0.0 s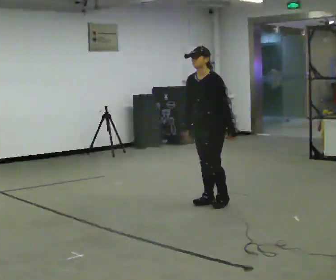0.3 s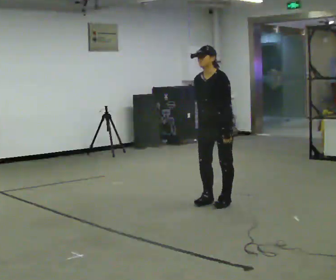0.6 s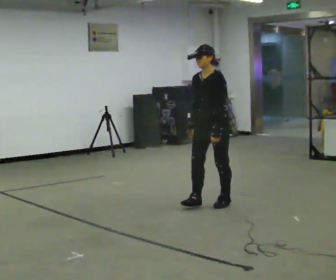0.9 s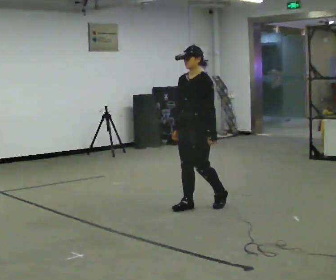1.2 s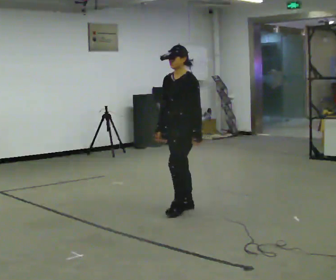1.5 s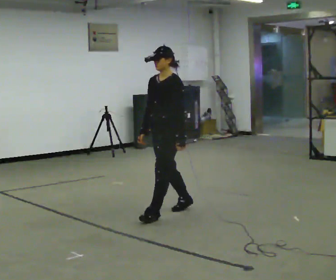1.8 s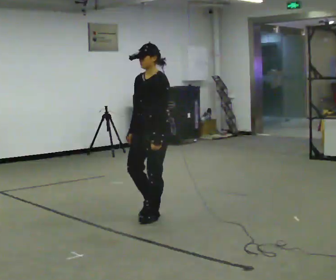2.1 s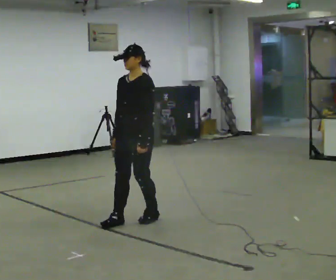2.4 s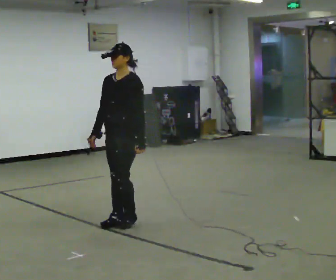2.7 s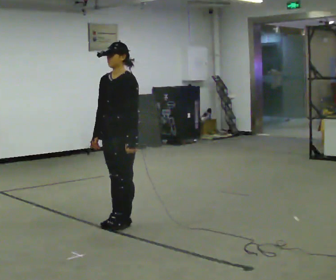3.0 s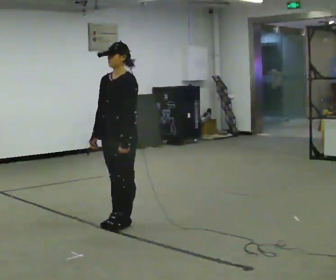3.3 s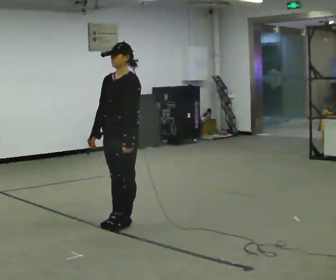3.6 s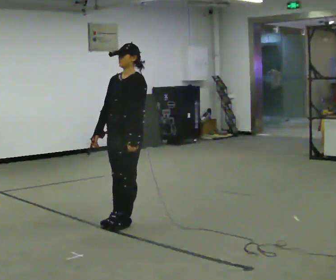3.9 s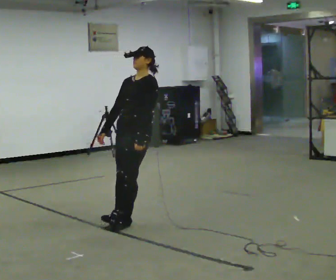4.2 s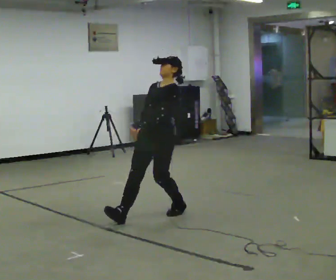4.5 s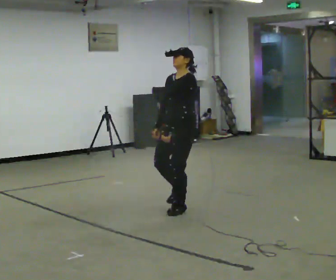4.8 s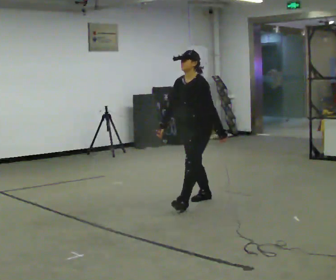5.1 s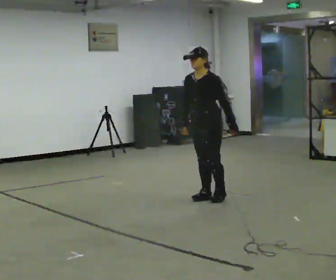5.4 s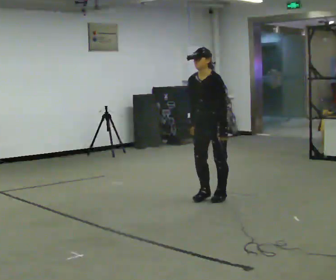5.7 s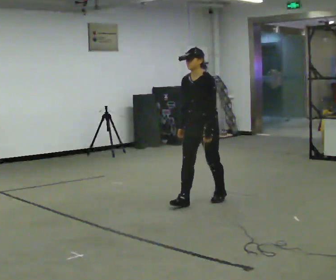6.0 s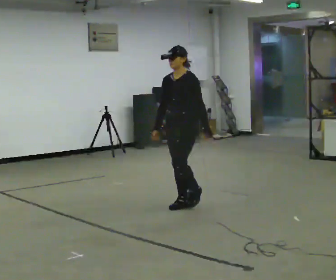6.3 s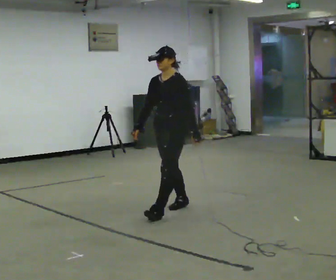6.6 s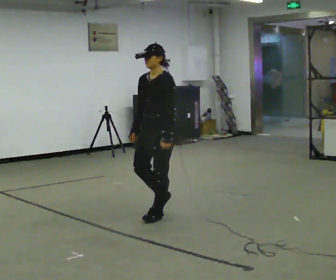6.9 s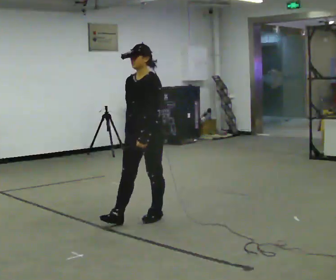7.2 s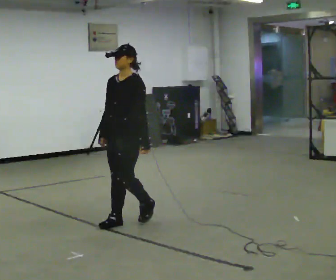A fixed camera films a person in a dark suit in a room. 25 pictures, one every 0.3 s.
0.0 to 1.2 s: In the picture they go to the left and toward the camera, about 0.25 m in 2 steps, which for them is forward.
1.2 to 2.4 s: In the picture they go to the left and toward the camera, about 0.75 m in 2 steps, which for them is forward.
2.4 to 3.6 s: The person moves a little, or ends about where they began.
3.6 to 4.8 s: In the picture they go away from the camera and to the right, about 1 m in 2 steps, which for them is backward.
4.8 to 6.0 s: In the picture they go toward the camera and to the left, about 0.25 m in 2 steps, which for them is forward.
6.0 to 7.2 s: In the picture they go toward the camera and to the left, about 0.5 m in 2 steps, which for them is forward.
The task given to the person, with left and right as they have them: Stand on the marked spots. Lean backward, keeping your body straight, until you cannot hold it, then step back to catch yourself. Return to the spots. Repeat at your own pace until the operator says stop. Go slowly and only as far as you are comfortable. Step whenever you need to; do not try to hold on longer than feels safe.
The film runs forward here.
